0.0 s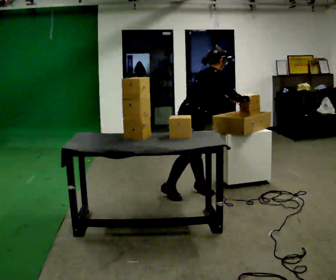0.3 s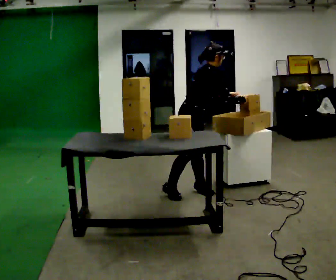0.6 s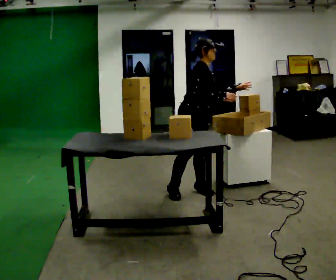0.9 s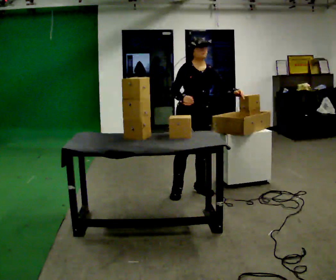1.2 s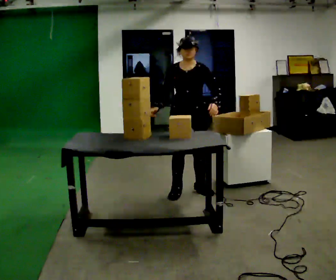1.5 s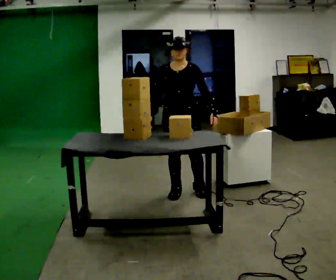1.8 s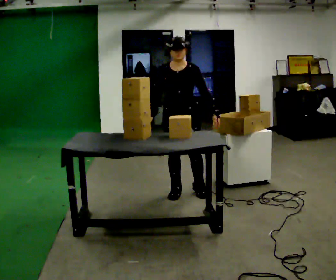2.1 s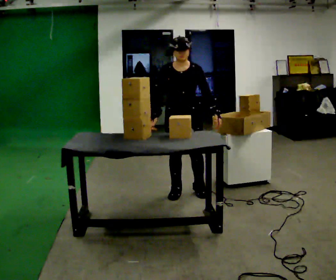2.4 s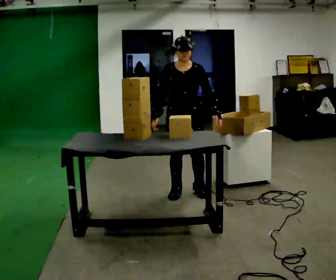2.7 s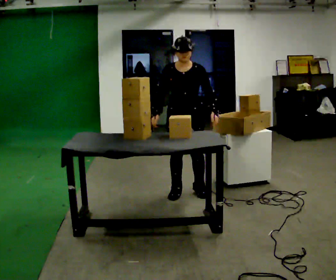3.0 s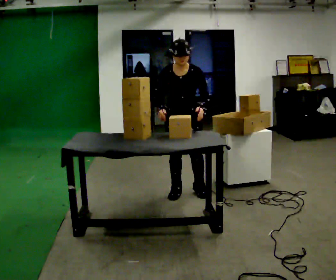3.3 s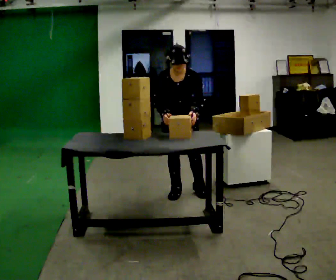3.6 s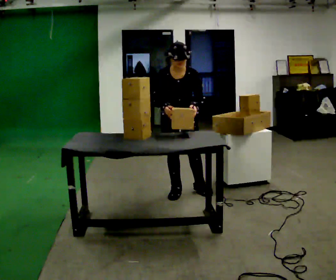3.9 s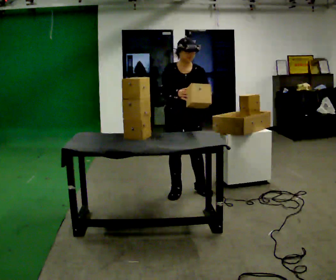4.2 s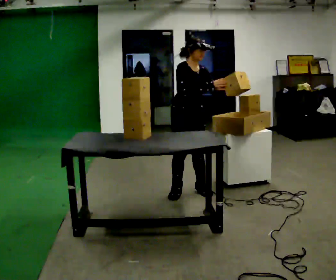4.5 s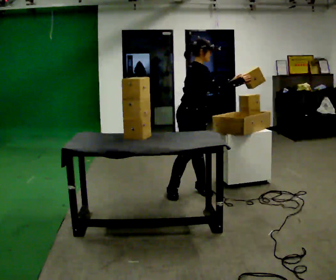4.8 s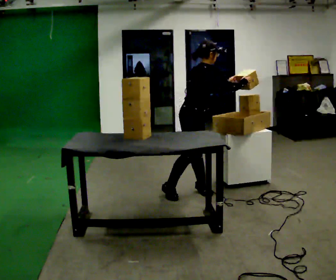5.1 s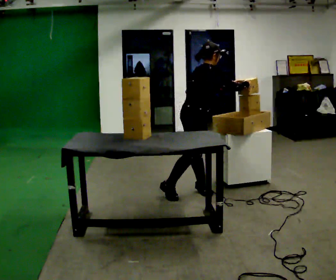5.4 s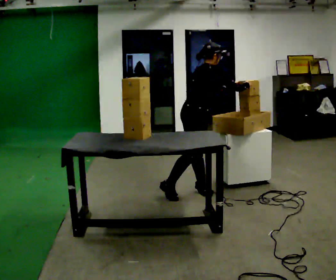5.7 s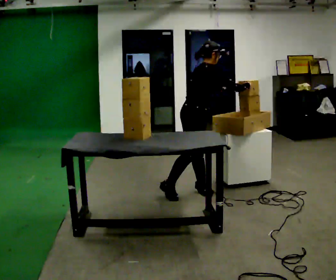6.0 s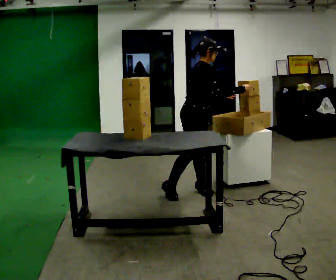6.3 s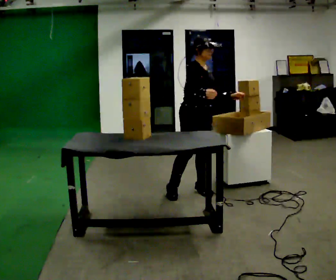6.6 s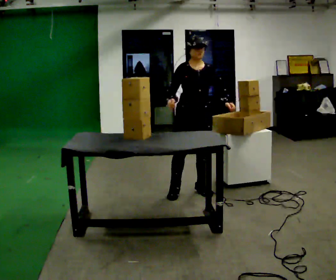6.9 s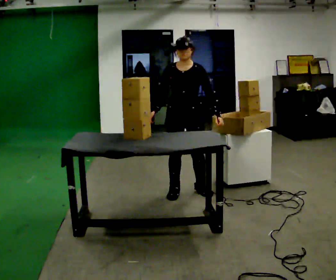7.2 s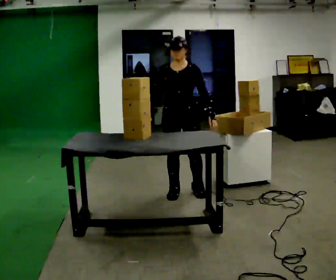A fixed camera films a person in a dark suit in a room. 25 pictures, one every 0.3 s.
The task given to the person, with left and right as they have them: Move objects one at a time from the waist-height shelf on your left to the one on your right. Repeat at your own pace until the operator says stop. Keep both feet on the marked spots for the whole take. If you have to step, stop and tell the operator.
0.0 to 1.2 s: Seen from above the body turns clockwise, about 105 degrees: to their right, with its near side sliding to the left. In the picture the upper body tilts counterclockwise, shoulders to the left, as they lean back or straighten. In the picture their right hand goes to the left.
1.2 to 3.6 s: The person moves a little, or ends about where they began.
3.6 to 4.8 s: The part of the body nearest the lens slides to the right as the person turns to their left by about 90 degrees. In the picture they go to the right, about 0.25 m. The upper body tips away from the camera, its near side rolling upward. In the picture their right hand goes to the right.
4.8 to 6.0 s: The person moves a little, or ends about where they began.
6.0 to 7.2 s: The person turns about 90 degrees to their right, clockwise seen from above, so the part of the body nearest the lens slides to the left. In the picture they go to the left, about 0.25 m. In the picture their right hand goes to the left.
The film runs forward here.
